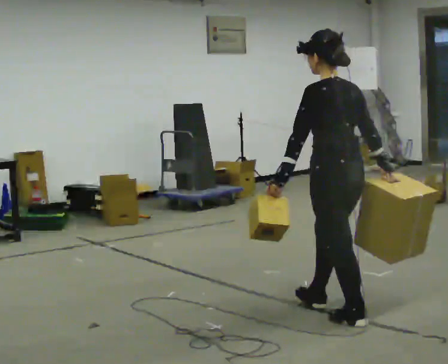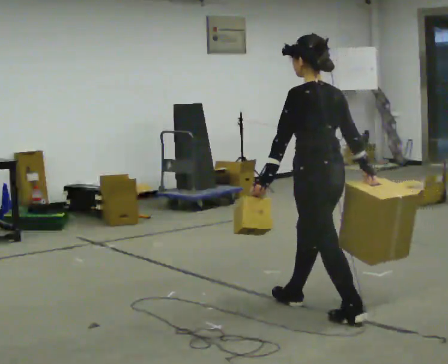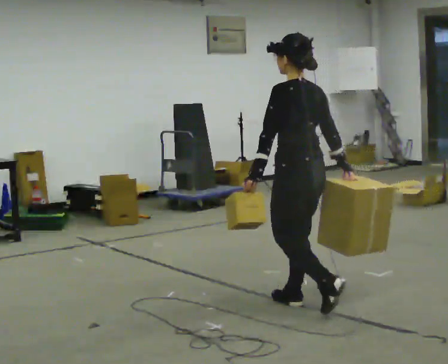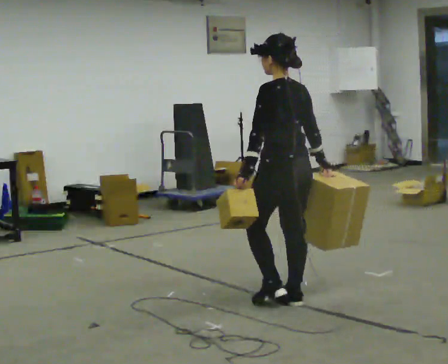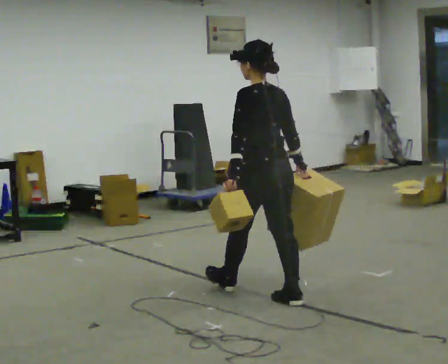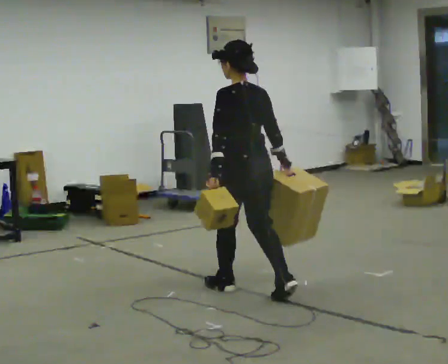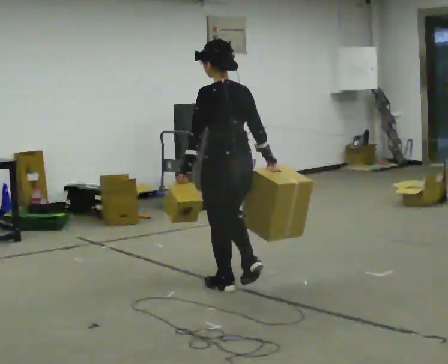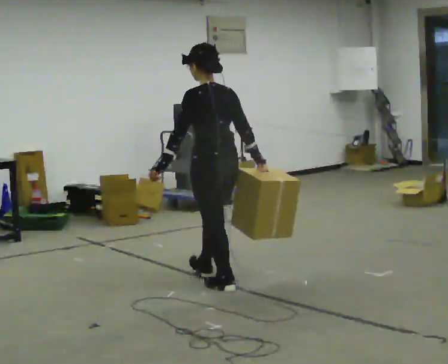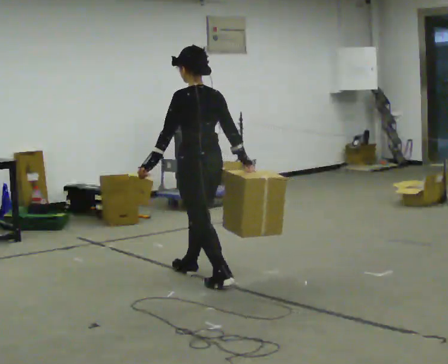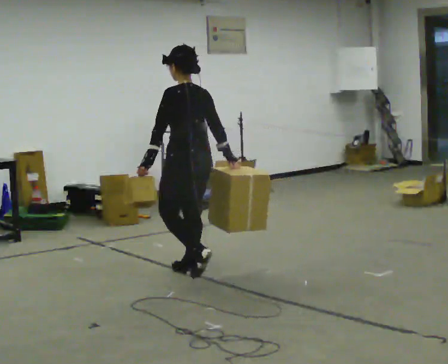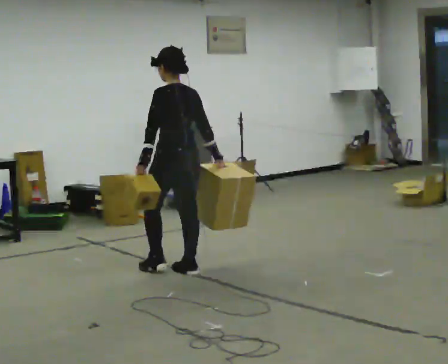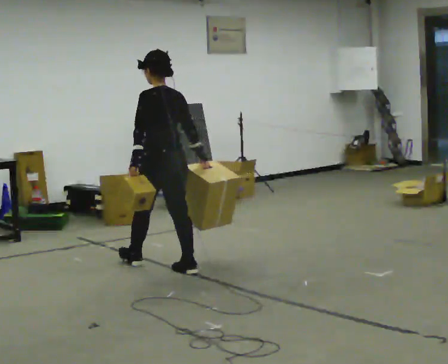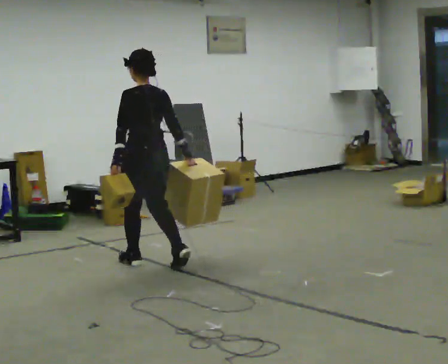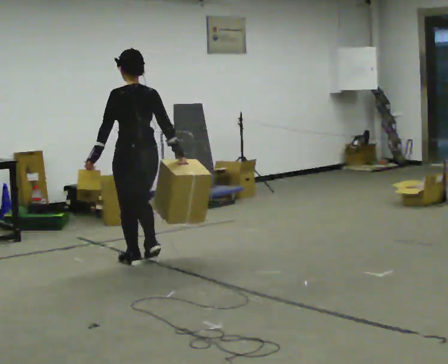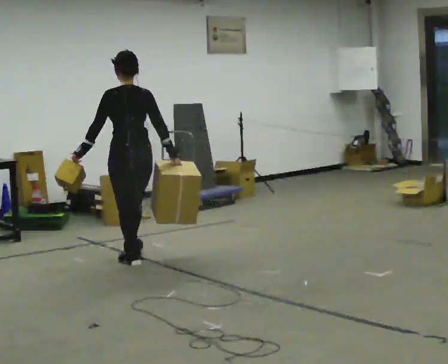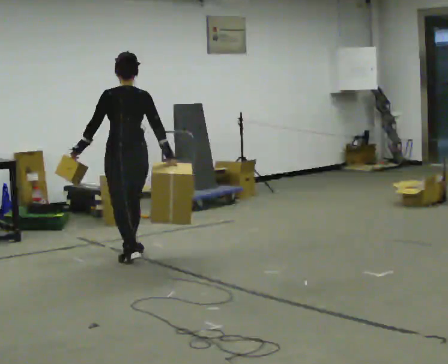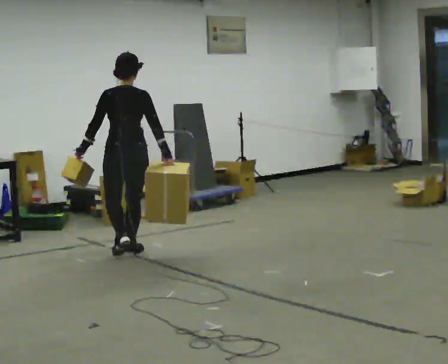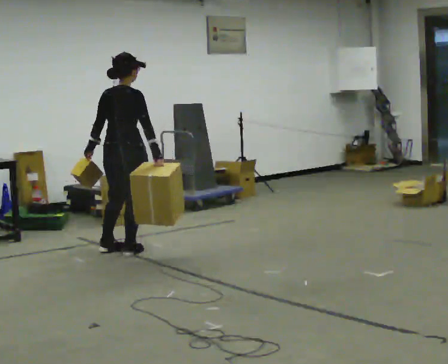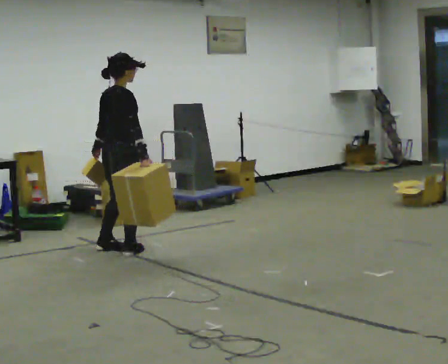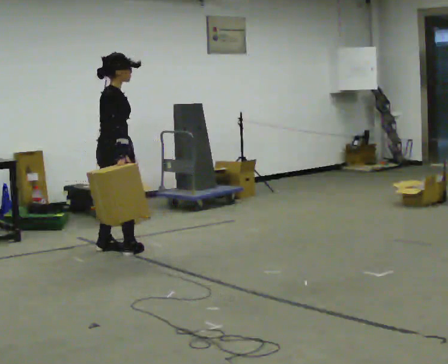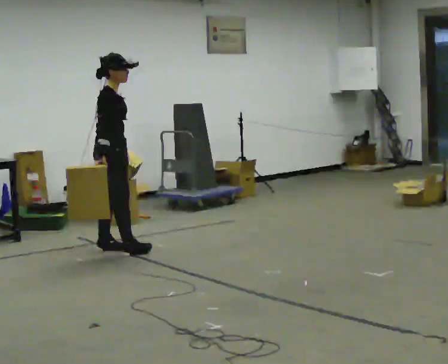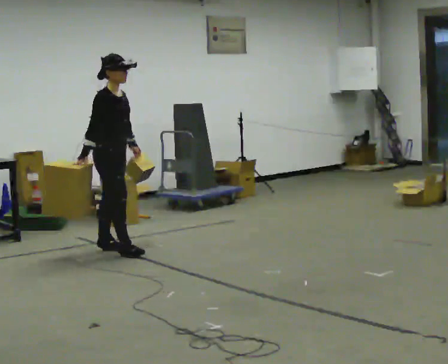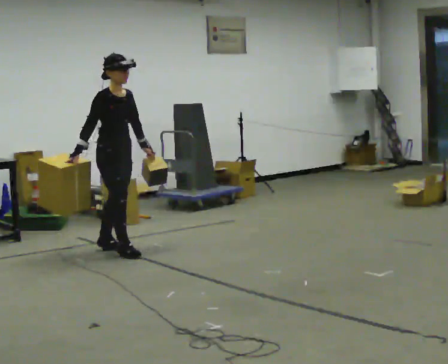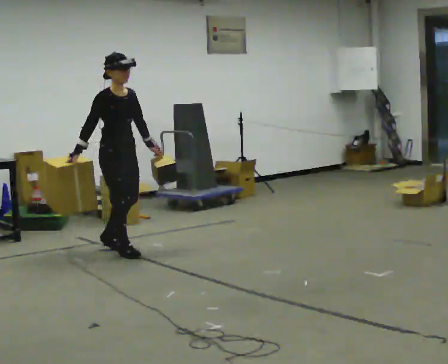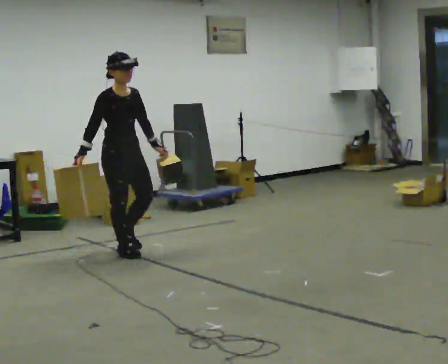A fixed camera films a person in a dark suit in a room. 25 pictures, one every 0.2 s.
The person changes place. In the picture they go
away from the camera.
The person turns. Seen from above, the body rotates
clockwise.
0.0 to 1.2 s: In the picture they go away from the camera and to the left, about 1 m in 2 steps, which for them is forward.
1.2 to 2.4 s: In the picture they go away from the camera and to the left, about 1 m in 2 steps, which for them is forward.
2.4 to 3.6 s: Seen from above the body turns clockwise, about 75 degrees: to their right, with its near side sliding to the left. In the picture they go away from the camera and to the left, about 0.5 m in 2 steps.
3.6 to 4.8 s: The person turns about 90 degrees to their right, clockwise seen from above, so the part of the body nearest the lens slides to the left. In the picture their right hand goes to the left, the arm swinging clockwise.
The film runs forward here.
